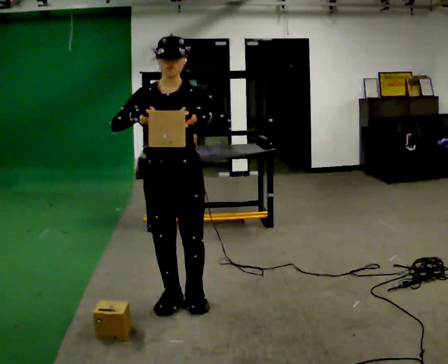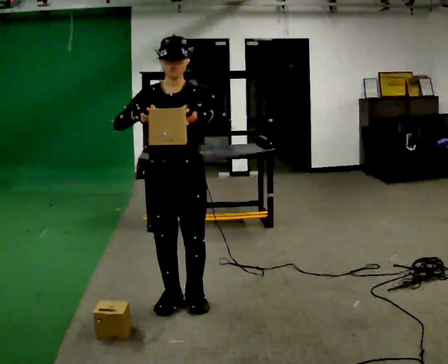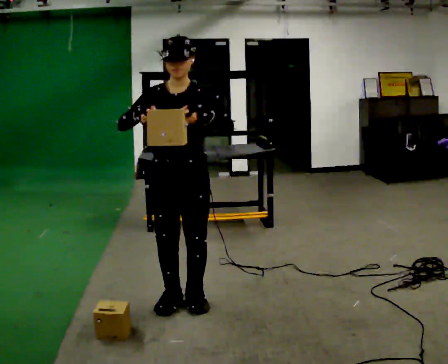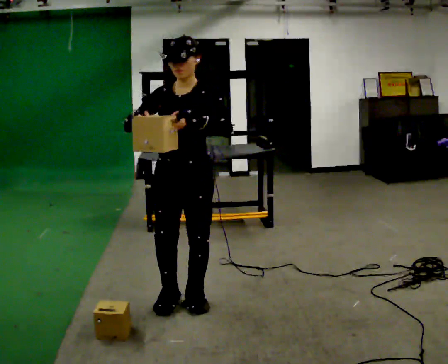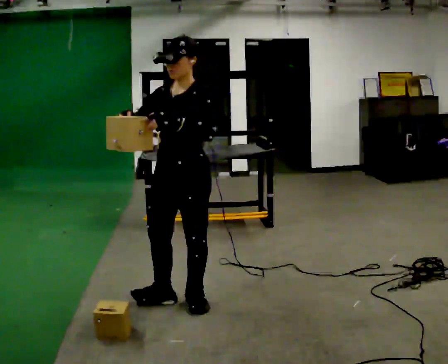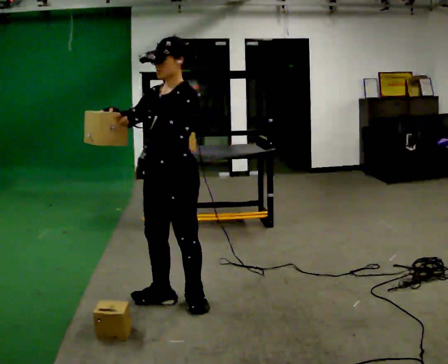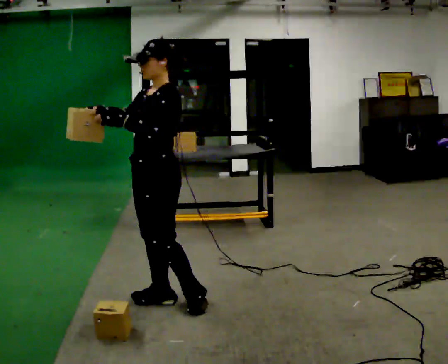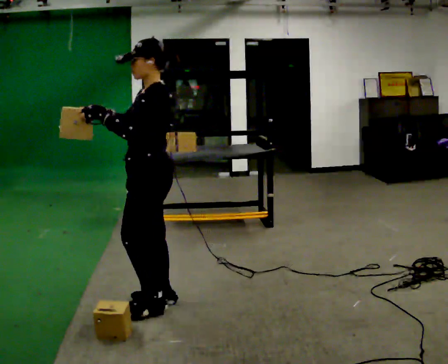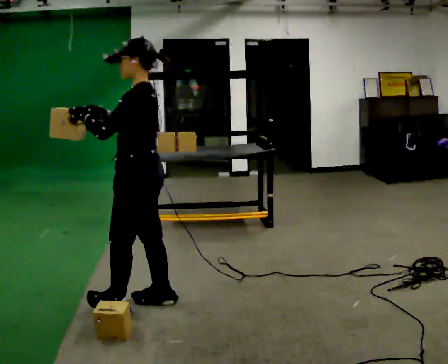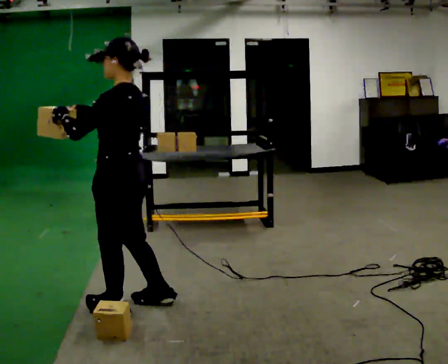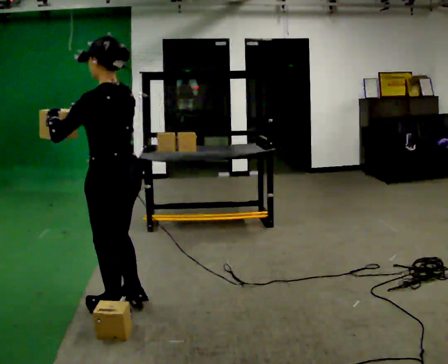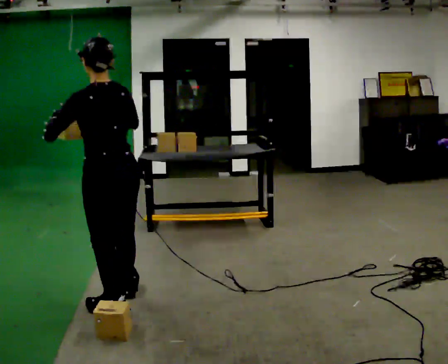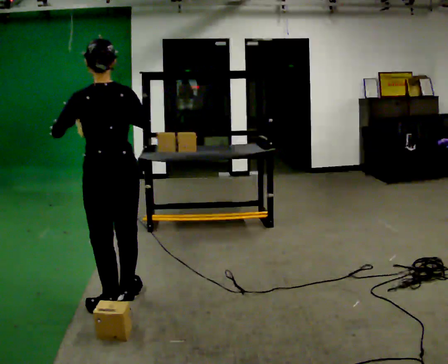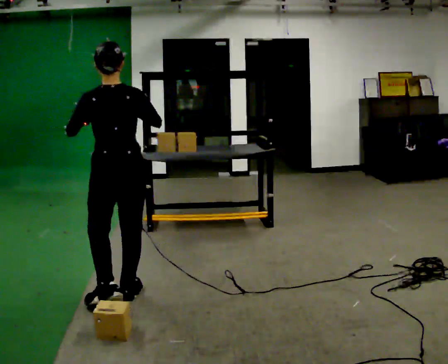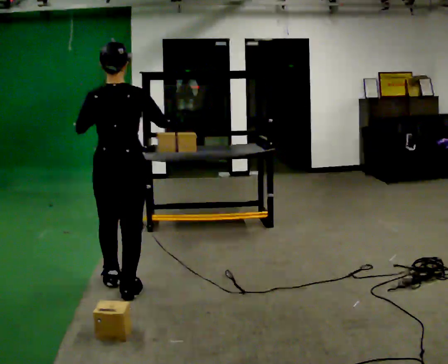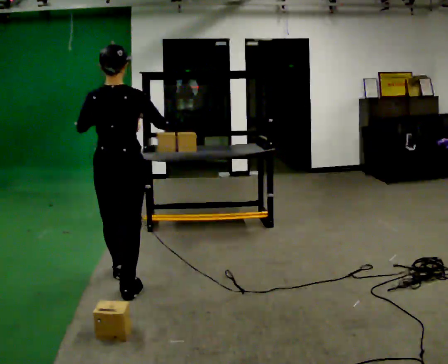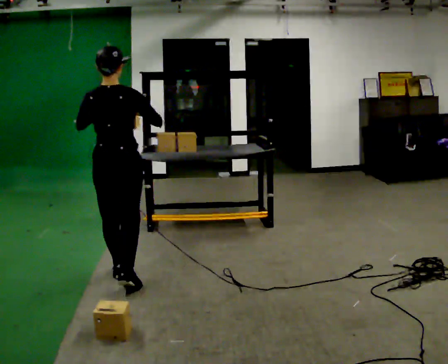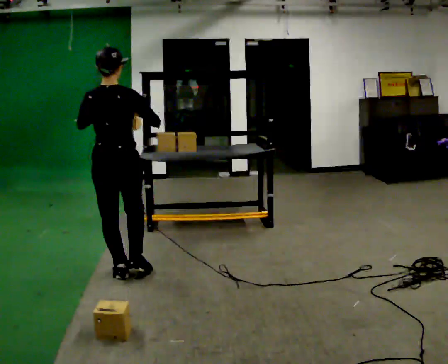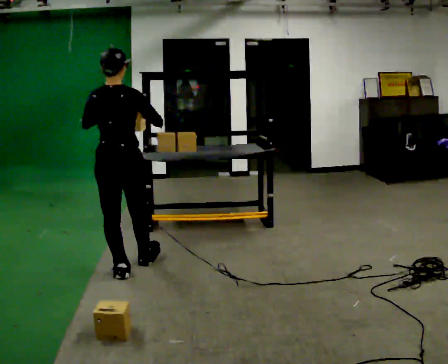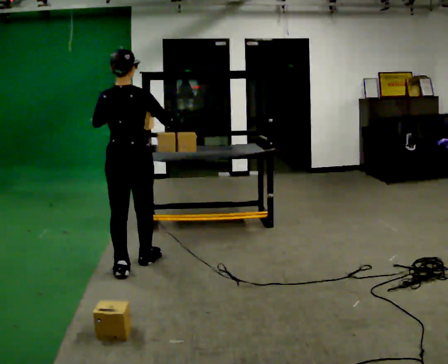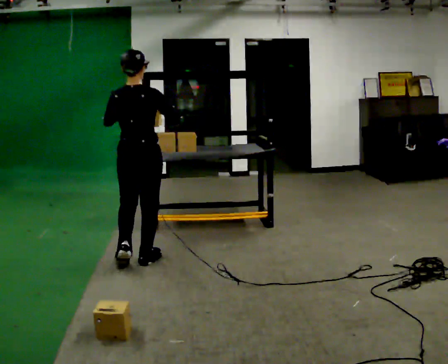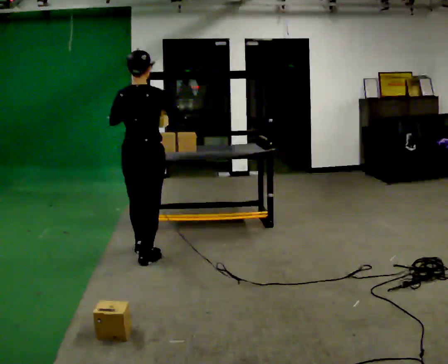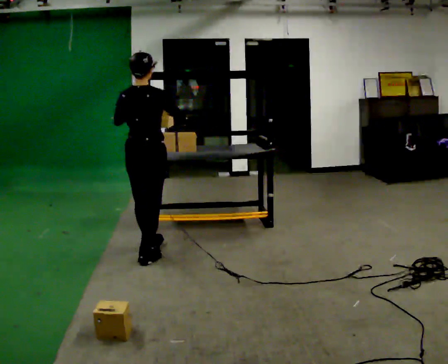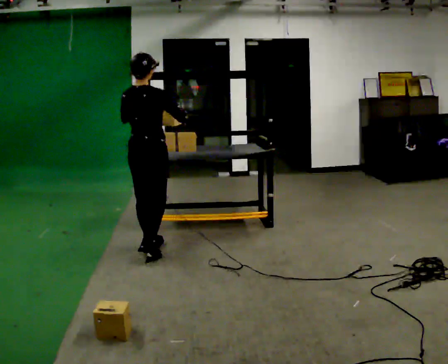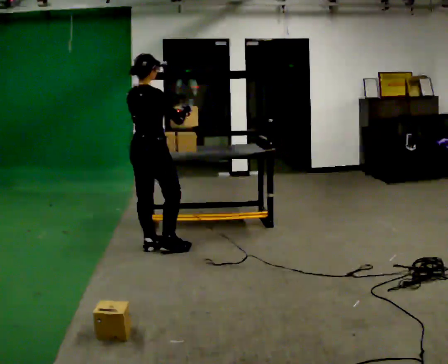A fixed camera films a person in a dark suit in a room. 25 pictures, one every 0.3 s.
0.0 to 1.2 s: The part of the body nearest the lens slides to the left as the person turns to their right by about 30 degrees.
1.2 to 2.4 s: Seen from above the body turns clockwise, about 60 degrees: to their right, with its near side sliding to the left. In the picture they go to the left, about 0.25 m in 1 step, which for them is forward.
2.4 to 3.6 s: Seen from above the body turns clockwise, about 60 degrees: to their right, with its near side sliding to the left. In the picture they go to the left, about 0.25 m in 1 step, which for them is forward.
3.6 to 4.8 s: The part of the body nearest the lens slides to the left as the person turns to their right by about 30 degrees. In the picture they go away from the camera, about 0.5 m in 1 step, which for them is forward.
4.8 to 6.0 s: In the picture they go away from the camera and to the right, about 0.5 m in 1 step, which for them is forward.
6.0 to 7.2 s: The part of the body nearest the lens slides to the left as the person turns to their right by about 45 degrees. In the picture they go away from the camera, about 0.25 m in 1 step, which for them is forward.
The film runs forward here.
